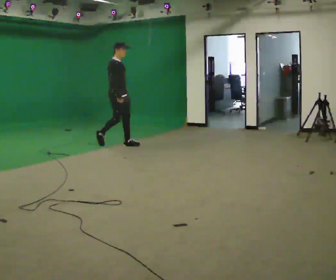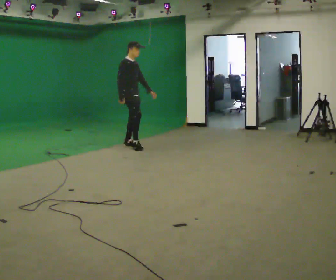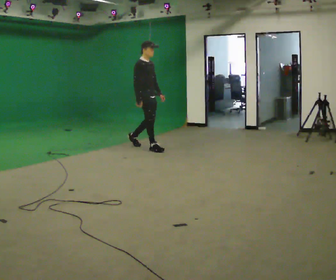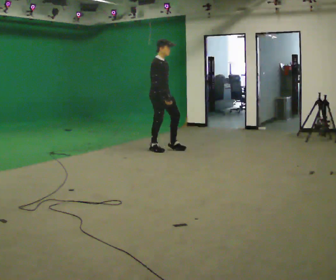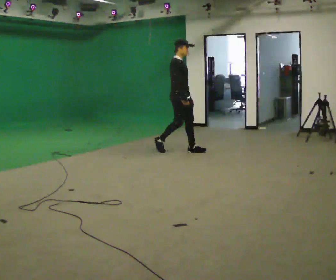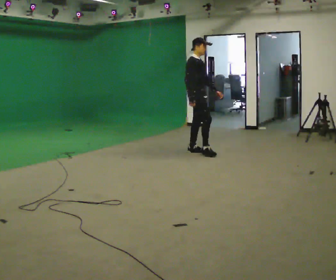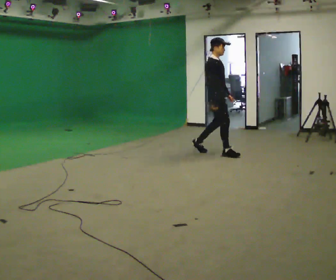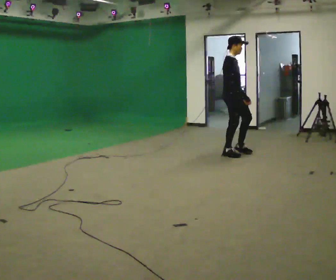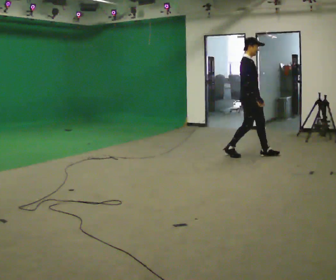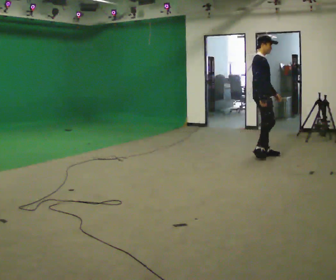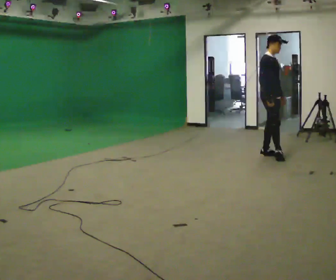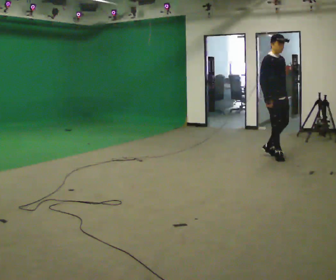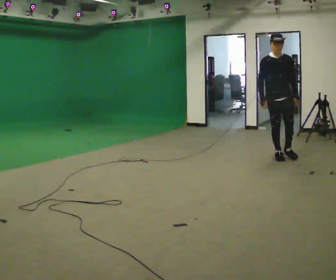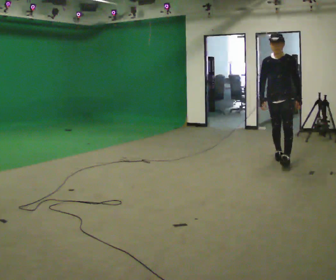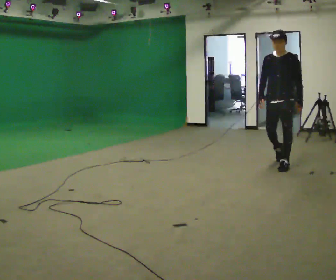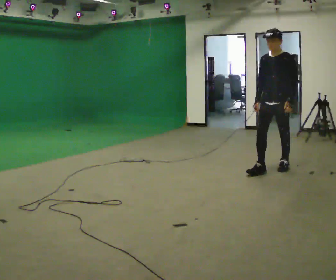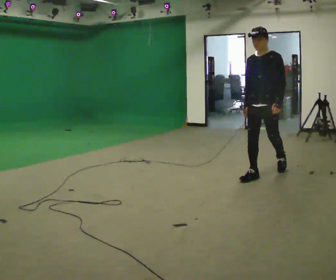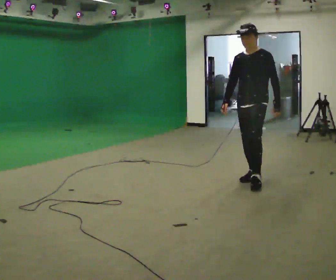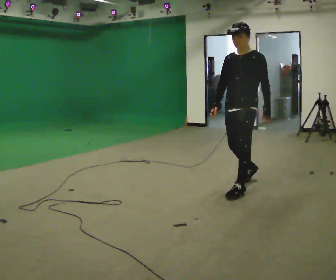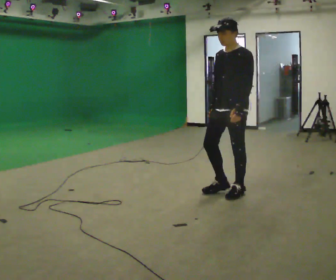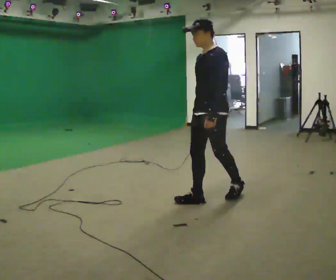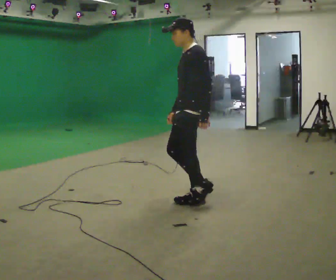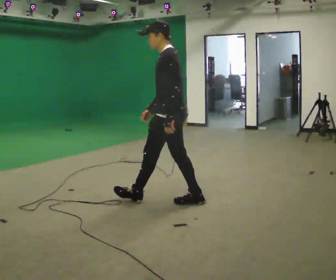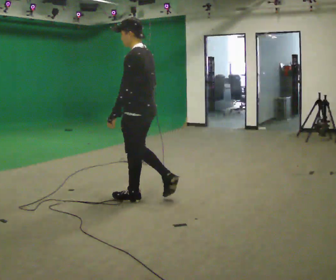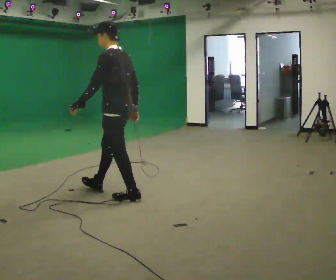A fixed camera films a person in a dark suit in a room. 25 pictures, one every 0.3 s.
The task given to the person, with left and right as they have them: Walk continuously around room; naturally change direction/speed; no manipulation.
0.0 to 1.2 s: In the picture they go to the right, about 1 m in 2 steps, which for them is forward.
1.2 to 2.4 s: In the picture they go to the right, about 1 m in 2 steps, which for them is forward.
2.4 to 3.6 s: Seen from above the body turns clockwise, about 75 degrees: to their right, with its near side sliding to the left. In the picture they go to the right and toward the camera, about 0.5 m in 1 step.
3.6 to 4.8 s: The person turns about 30 degrees to their right, clockwise seen from above, so the part of the body nearest the lens slides to the left. In the picture they go toward the camera, about 1 m in 2 steps, which for them is forward.
4.8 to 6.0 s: In the picture they go toward the camera and to the left, about 1 m in 2 steps, which for them is forward.
6.0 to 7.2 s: Seen from above the body turns clockwise, about 45 degrees: to their right, with its near side sliding to the left. In the picture they go to the left, about 1 m in 1 step, which for them is forward.
The film runs forward here.
